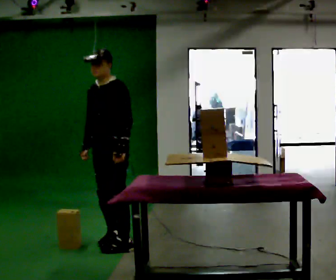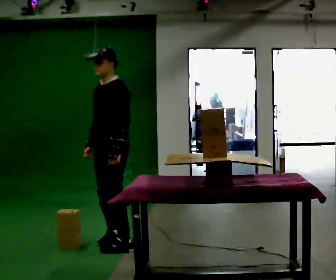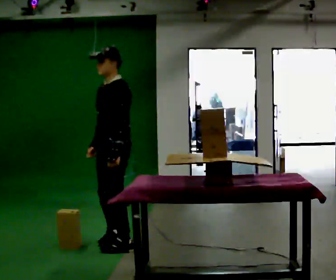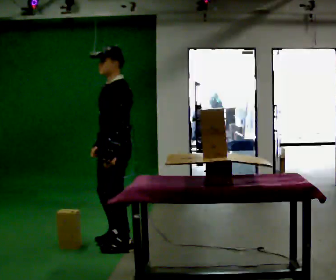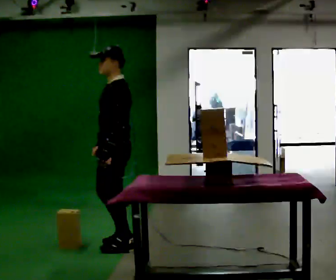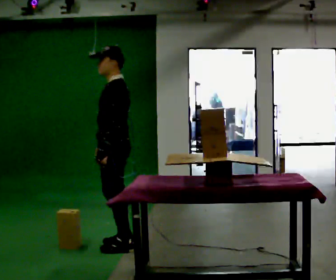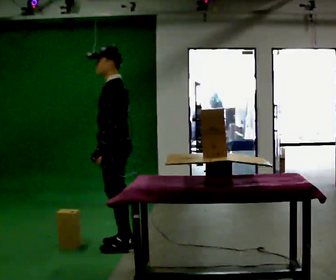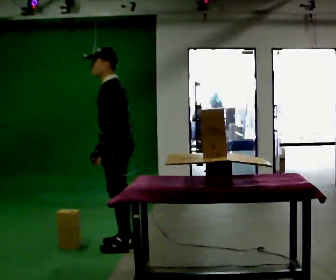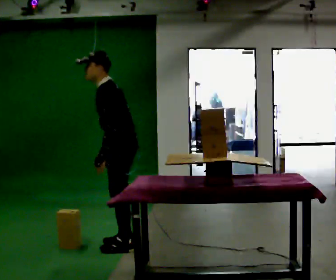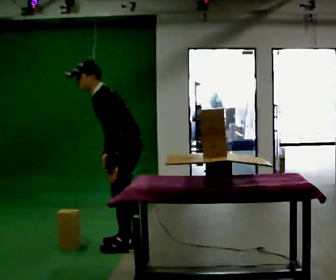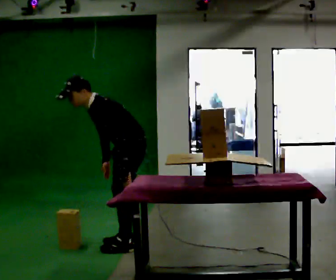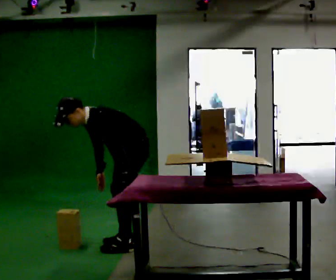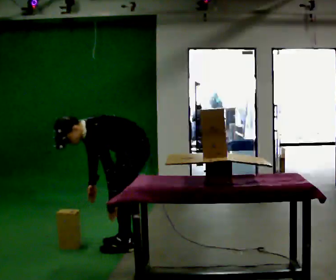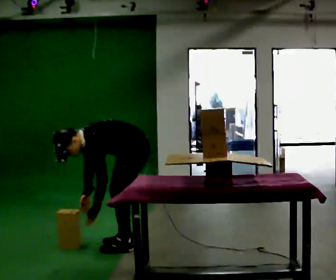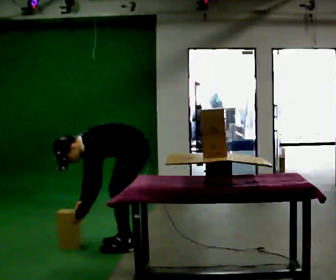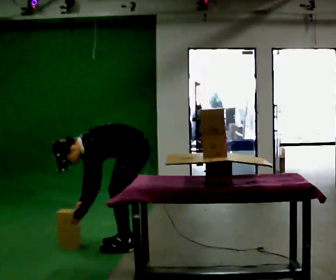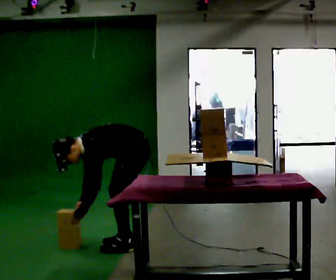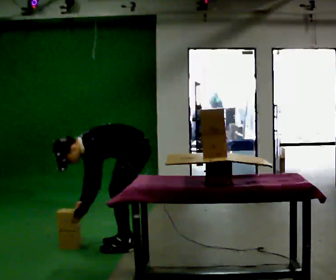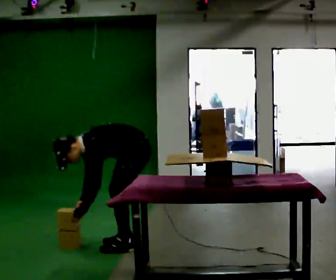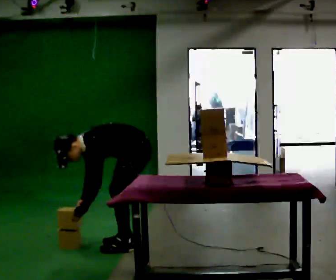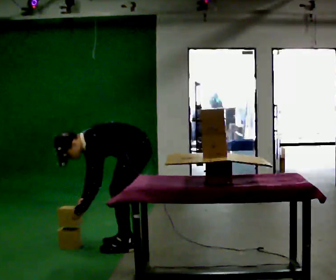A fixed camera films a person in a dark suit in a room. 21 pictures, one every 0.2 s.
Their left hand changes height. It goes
downward.
Their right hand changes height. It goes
downward.
0.0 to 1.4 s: The part of the body nearest the lens slides to the left as the person turns to their right by about 45 degrees. In the picture they go toward the camera, about 0.25 m in 1 step, which for them is to their left.
1.4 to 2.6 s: The upper body goes downward. In the picture the upper body tilts counterclockwise, shoulders to the left, as they bend forward. In the picture their left hand goes downward.
2.6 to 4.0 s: The person moves a little, or ends about where they began.
The film runs backward here.
